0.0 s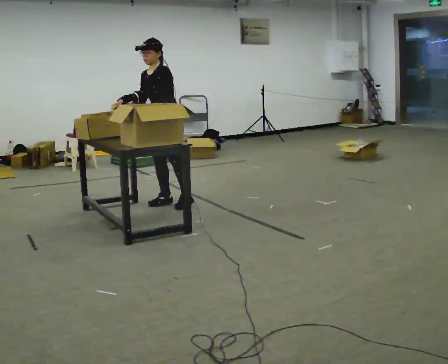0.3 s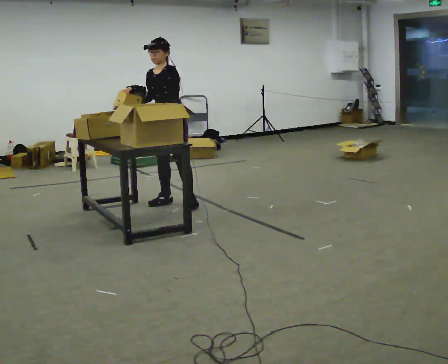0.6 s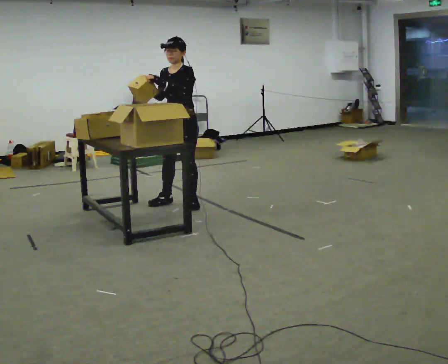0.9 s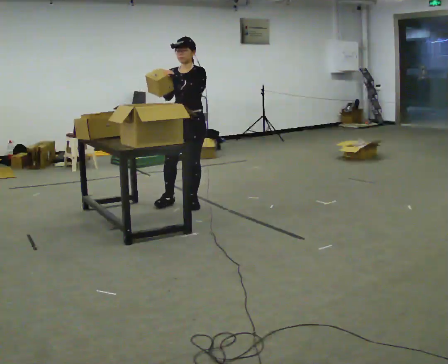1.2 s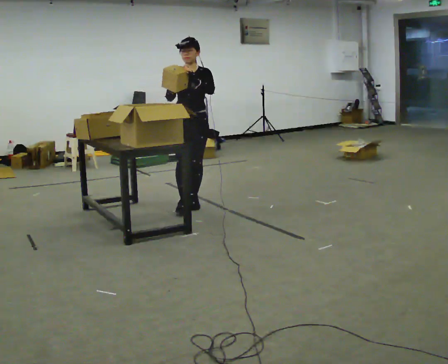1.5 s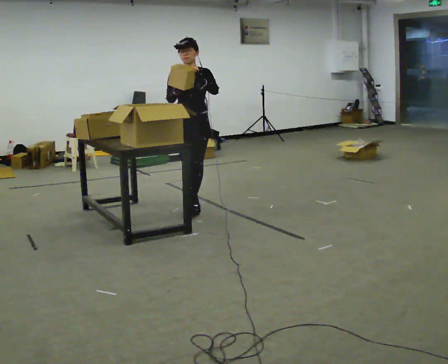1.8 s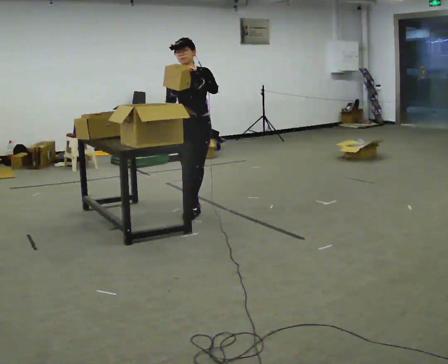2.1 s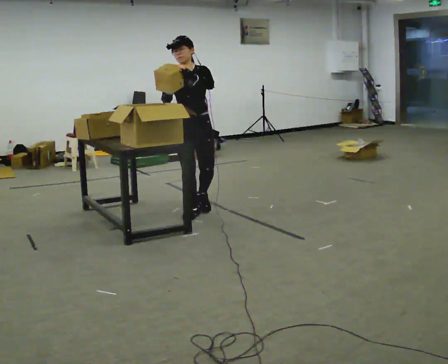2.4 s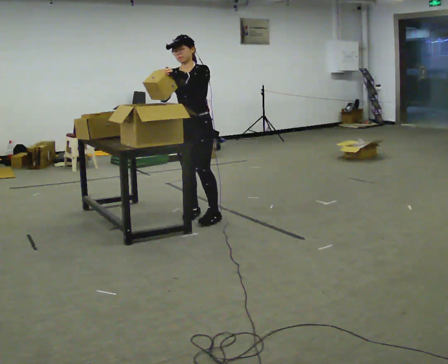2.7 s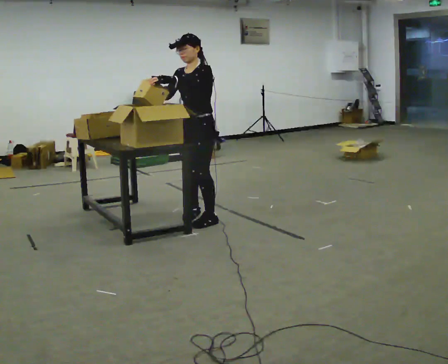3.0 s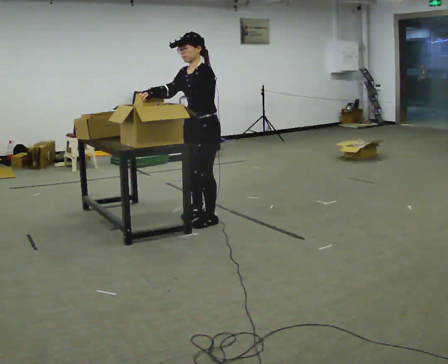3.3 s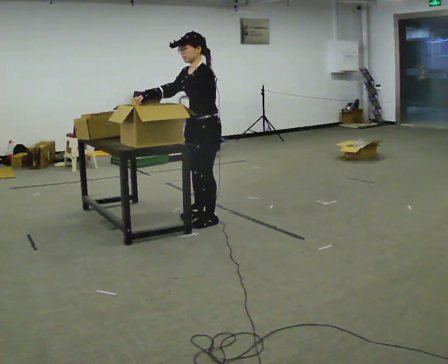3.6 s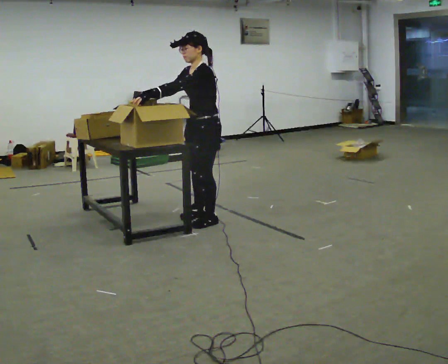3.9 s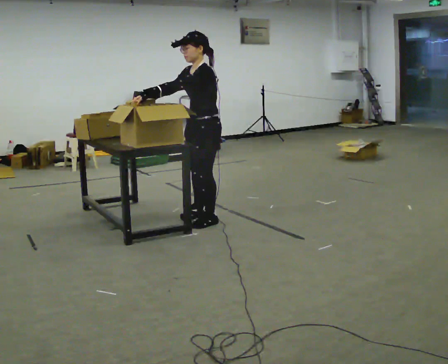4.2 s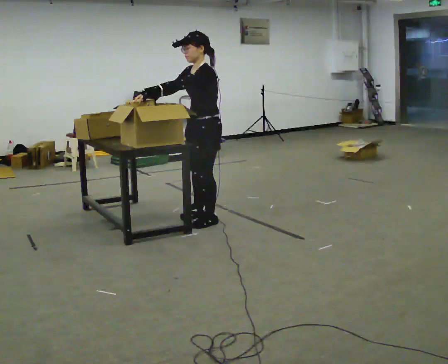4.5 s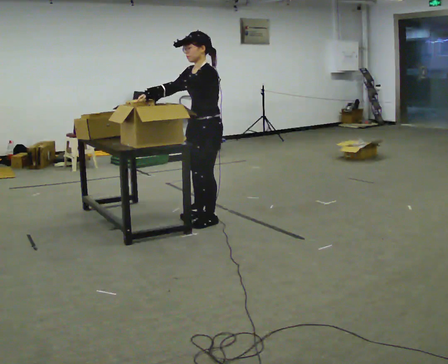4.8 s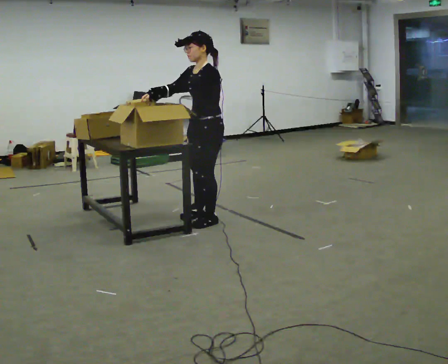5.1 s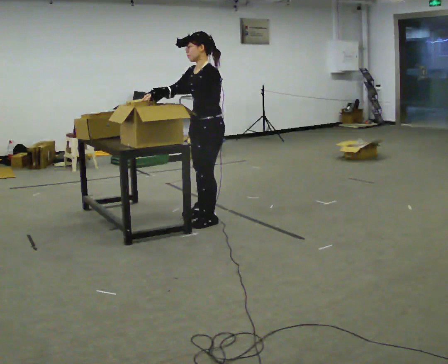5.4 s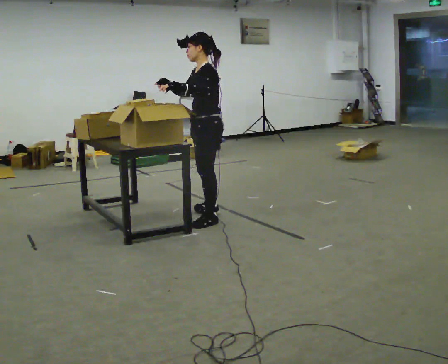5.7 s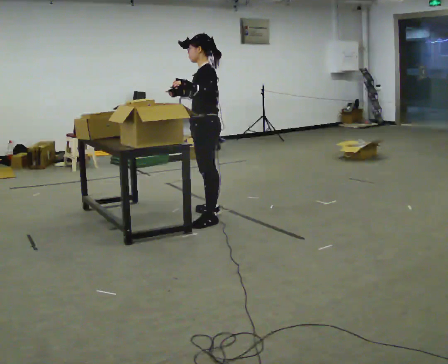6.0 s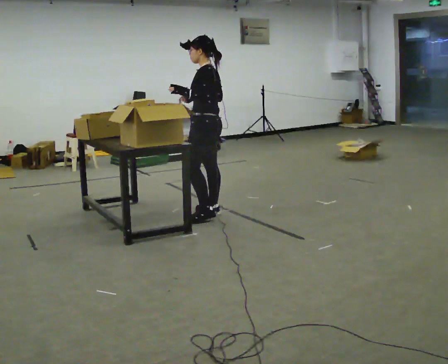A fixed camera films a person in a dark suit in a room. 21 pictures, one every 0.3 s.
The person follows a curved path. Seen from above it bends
counterclockwise.
0.0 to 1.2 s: The person turns about 45 degrees to their left, counterclockwise seen from above, so the part of the body nearest the lens slides to the right. In the picture they go to the right, about 0.25 m, which for them is to their left. In the picture the upper body tilts clockwise, shoulders to the right. In the picture their left hand goes to the right.
1.2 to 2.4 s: In the picture they go toward the camera, about 0.25 m in 1 step, which for them is forward.
2.4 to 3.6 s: The part of the body nearest the lens slides to the left as the person turns to their right by about 45 degrees. In the picture they go toward the camera, about 0.25 m in 1 step, which for them is to their left.
3.6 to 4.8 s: The person moves a little, or ends about where they began.
4.8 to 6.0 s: Seen from above the body turns clockwise, about 45 degrees: to their right, with its near side sliding to the left. In the picture they go away from the camera, about 0.25 m, which for them is to their right.
The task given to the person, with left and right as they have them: Move the items from one container to the other one at a time, then move them back. Repeat at your own pace until the operator says stop. Keep both feet on the marked spots for the whole take. If you have to step, stop and tell the operator.
The film runs forward here.
